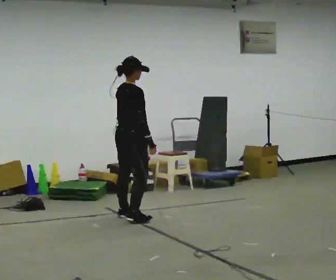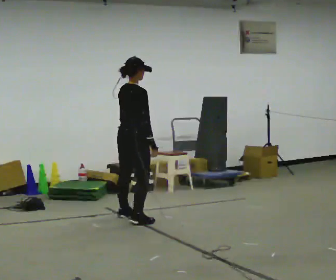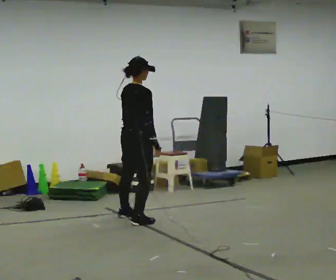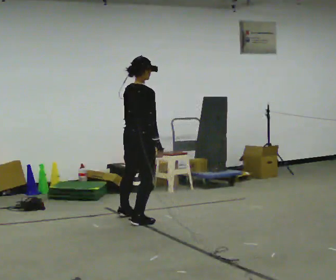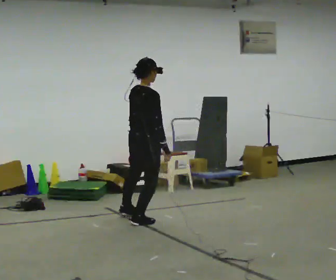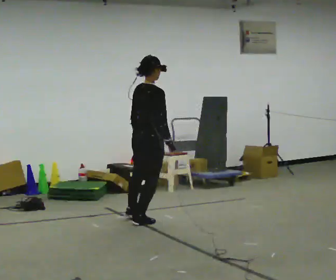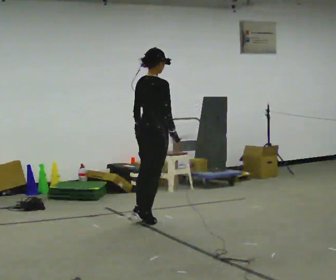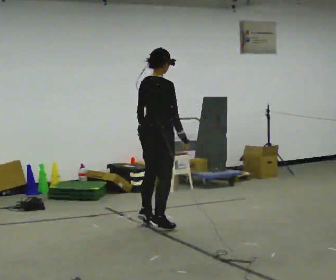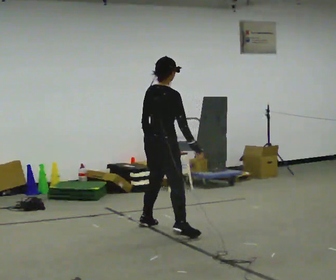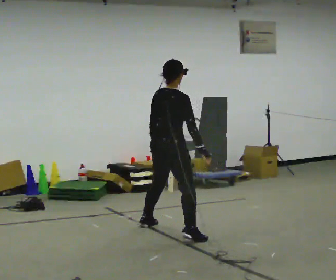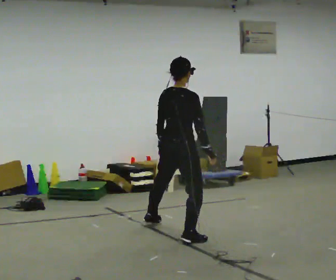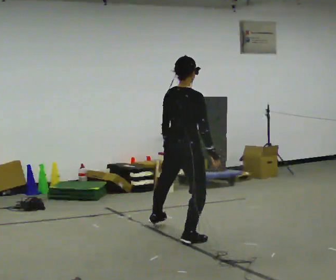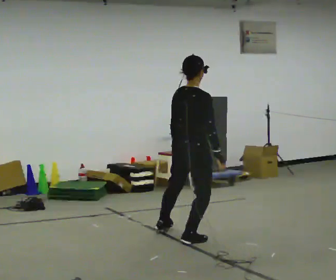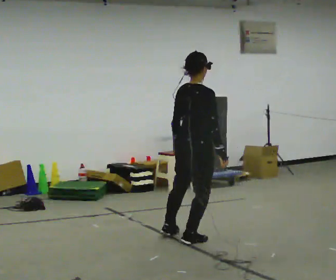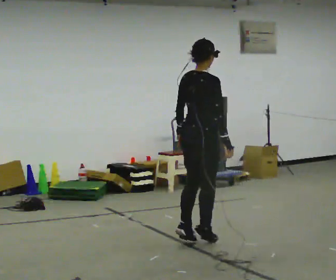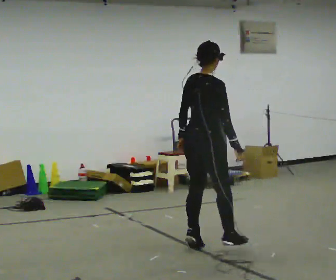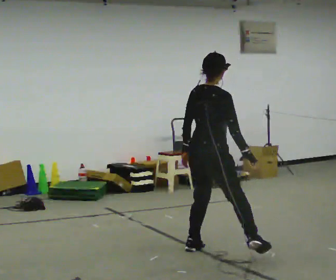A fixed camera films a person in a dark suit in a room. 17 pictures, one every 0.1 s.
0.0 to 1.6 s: In the picture they go toward the camera and to the right, about 1.5 m in 4 steps, which for them is to their right.
The film runs backward here.
